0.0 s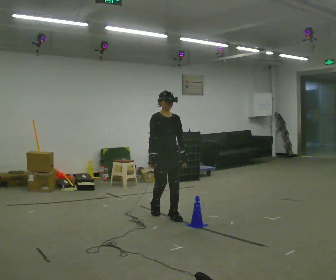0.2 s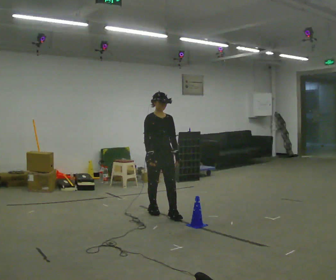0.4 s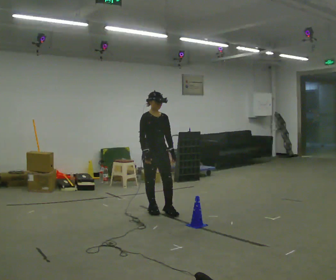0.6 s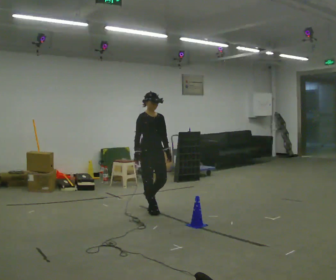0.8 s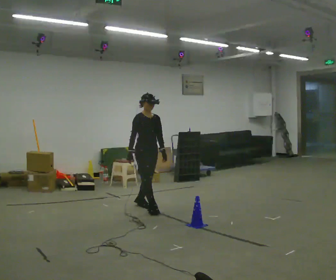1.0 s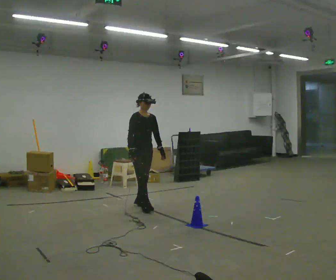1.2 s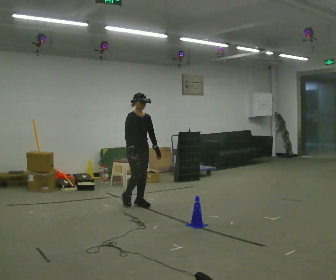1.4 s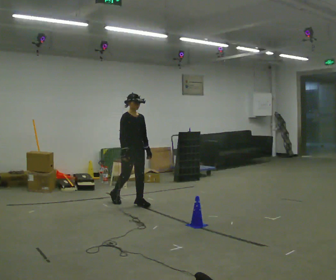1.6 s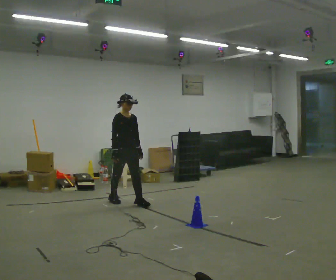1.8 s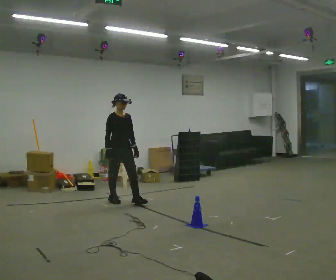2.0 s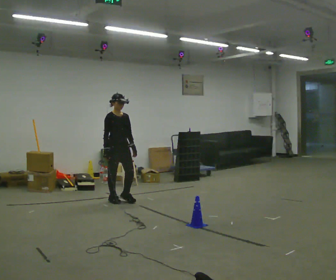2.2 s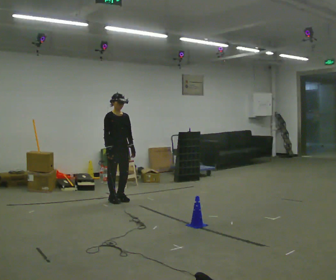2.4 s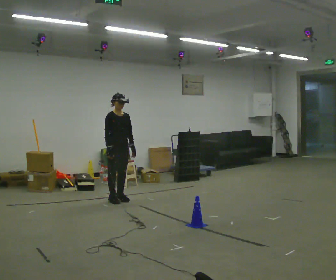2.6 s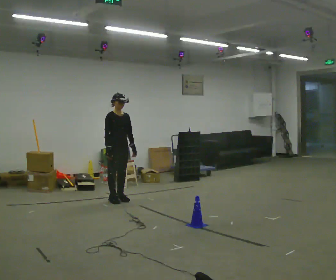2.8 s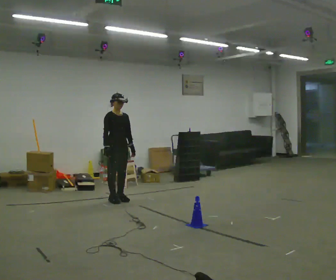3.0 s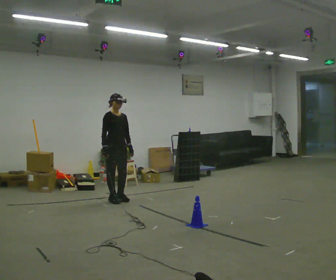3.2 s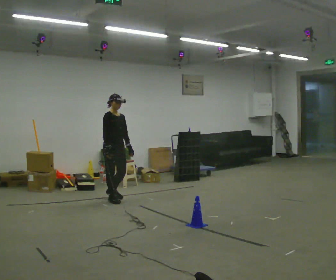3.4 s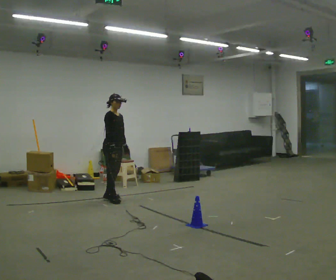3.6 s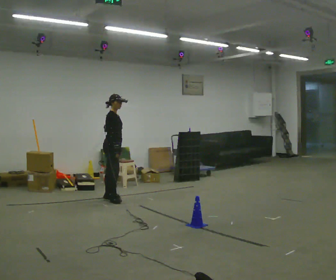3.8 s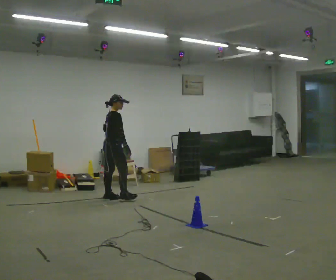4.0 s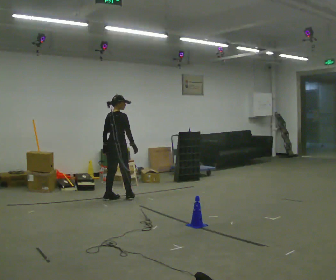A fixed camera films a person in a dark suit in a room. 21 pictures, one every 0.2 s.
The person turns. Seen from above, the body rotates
counterclockwise.
The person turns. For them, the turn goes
to their left.
0.0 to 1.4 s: In the picture they go away from the camera and to the left, about 1 m in 2 steps, which for them is backward.
1.4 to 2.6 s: In the picture they go away from the camera and to the left, about 0.25 m in 1 step, which for them is backward.
2.6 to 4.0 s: The person turns about 105 degrees to their left, counterclockwise seen from above, so the part of the body nearest the lens slides to the right. In the picture their left hand goes to the left.
The film runs backward here.
